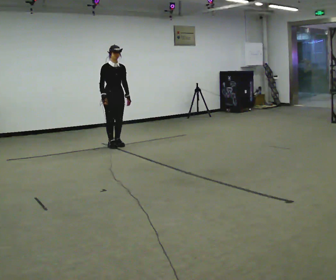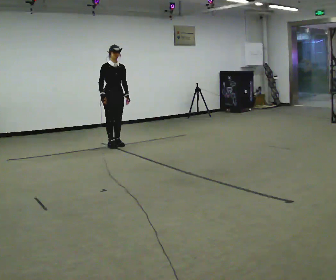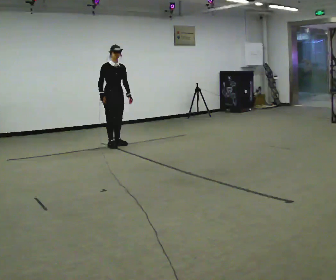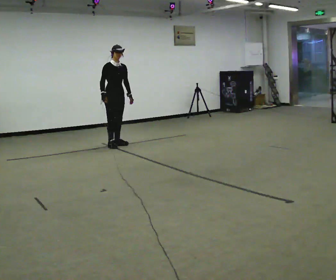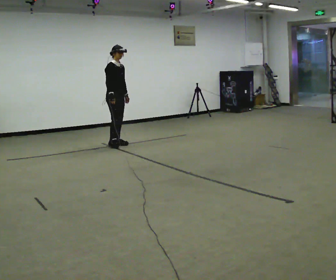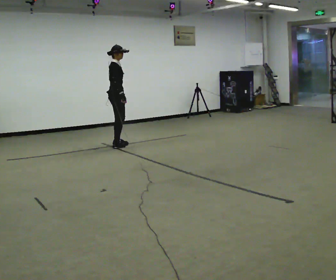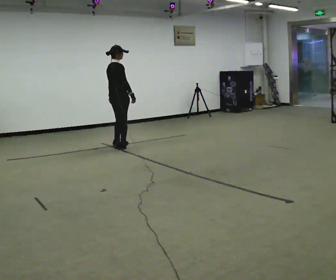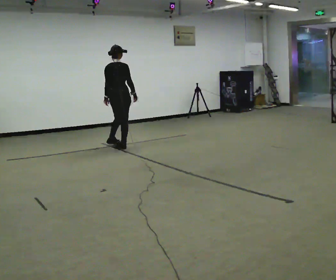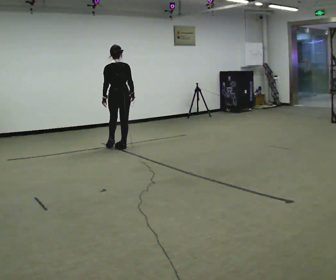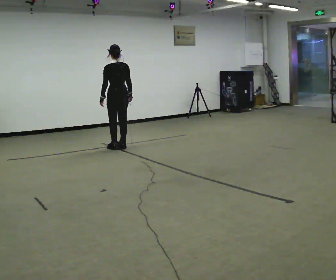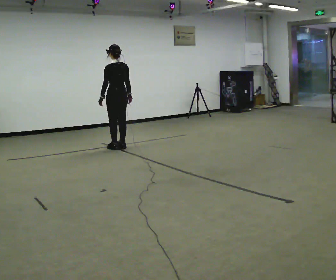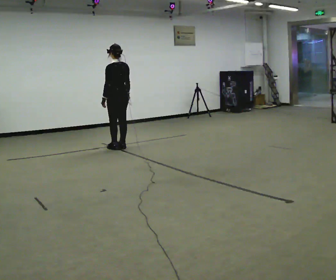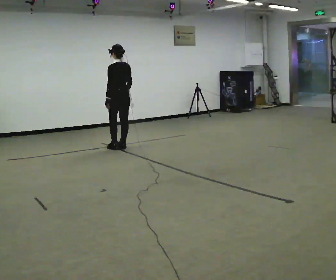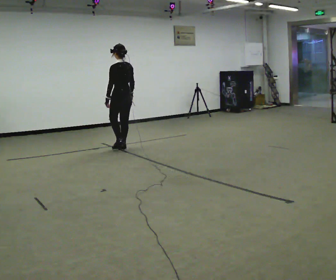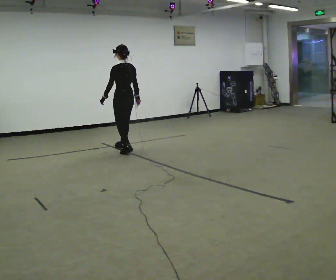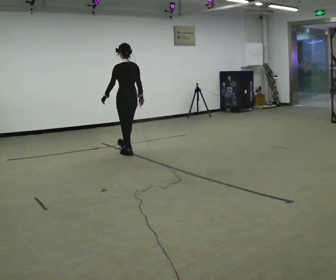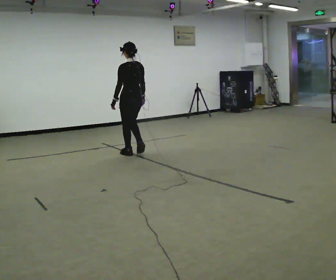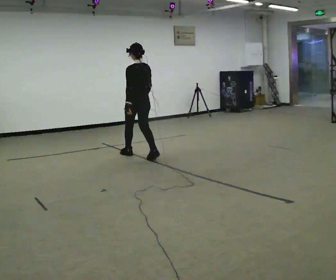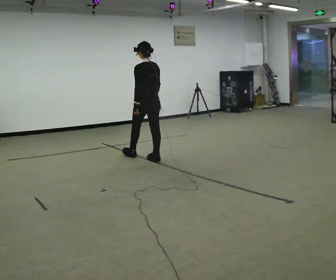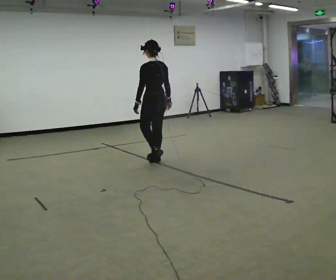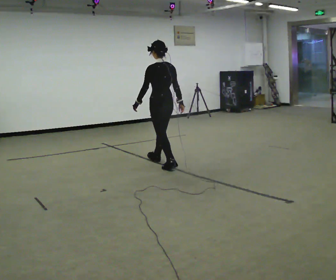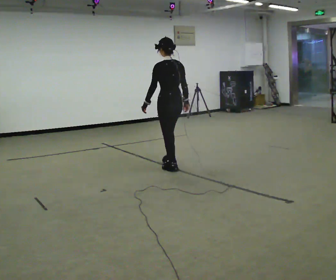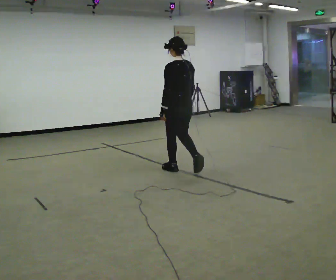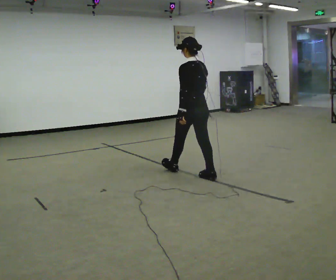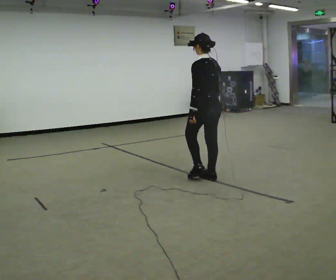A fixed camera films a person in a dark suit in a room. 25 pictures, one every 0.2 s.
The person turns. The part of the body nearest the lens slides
to the right.
The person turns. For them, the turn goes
to their left.
0.0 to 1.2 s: The part of the body nearest the lens slides to the right as the person turns to their left by about 90 degrees. In the picture their right hand goes to the right, the arm swinging counterclockwise.
1.2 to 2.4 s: The part of the body nearest the lens slides to the right as the person turns to their left by about 90 degrees. In the picture they go toward the camera, about 0.25 m in 1 step.
2.4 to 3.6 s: In the picture they go toward the camera and to the right, about 1 m in 3 steps, which for them is backward.
3.6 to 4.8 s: In the picture they go toward the camera and to the right, about 1 m in 2 steps, which for them is backward.
The film runs backward here.
